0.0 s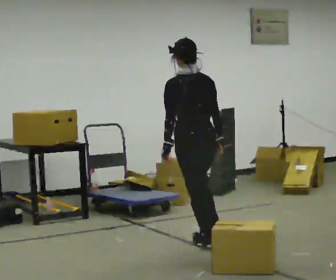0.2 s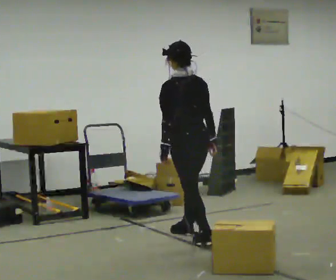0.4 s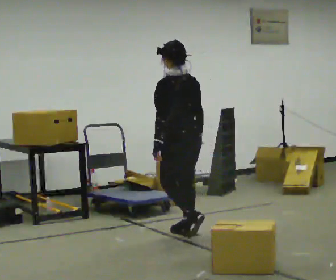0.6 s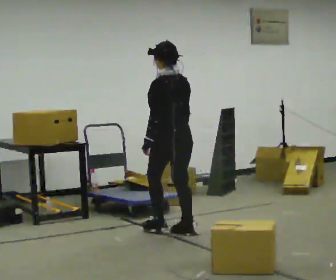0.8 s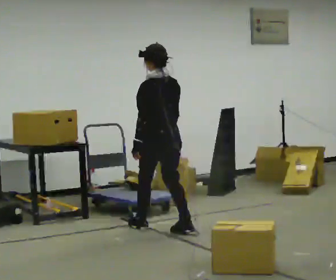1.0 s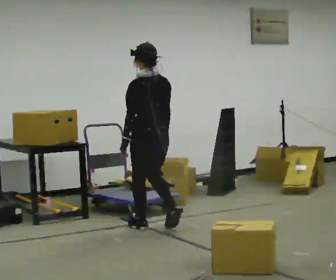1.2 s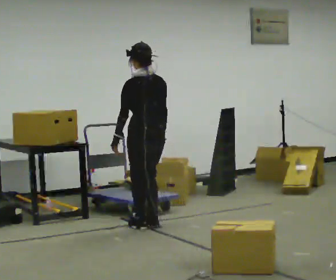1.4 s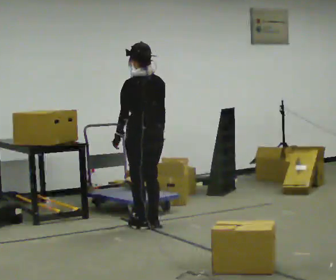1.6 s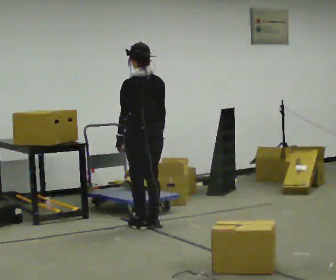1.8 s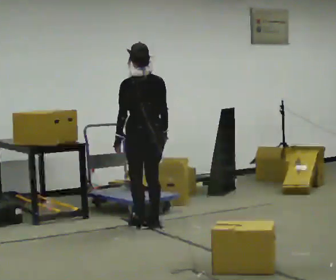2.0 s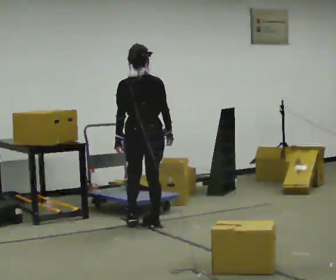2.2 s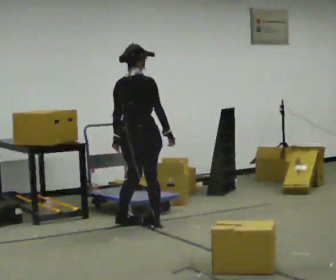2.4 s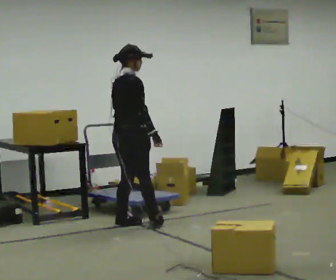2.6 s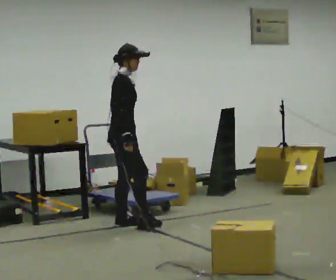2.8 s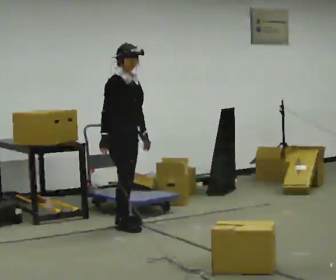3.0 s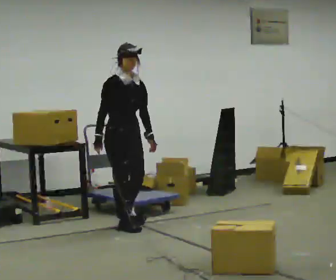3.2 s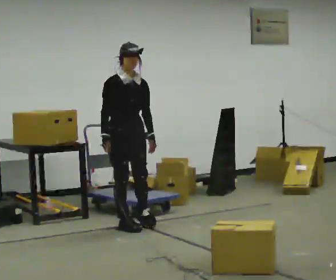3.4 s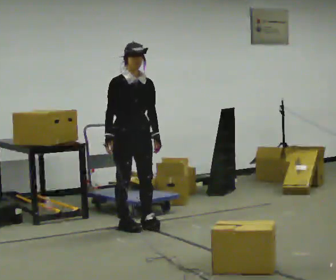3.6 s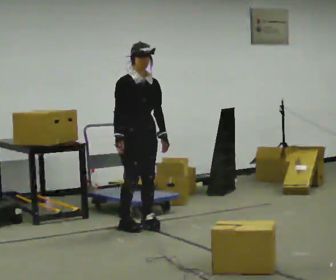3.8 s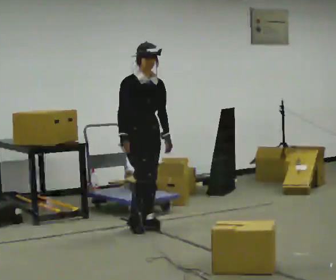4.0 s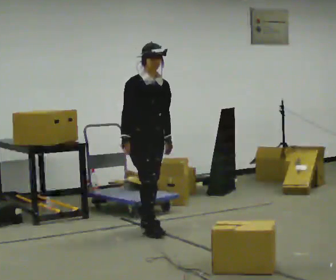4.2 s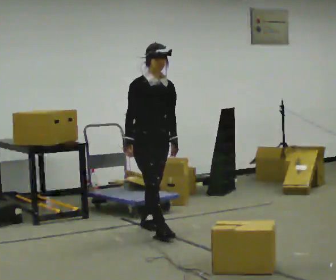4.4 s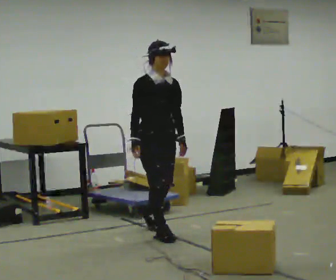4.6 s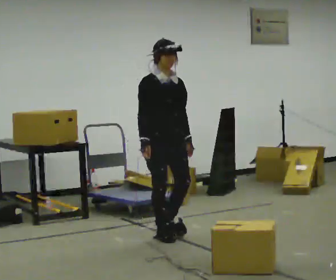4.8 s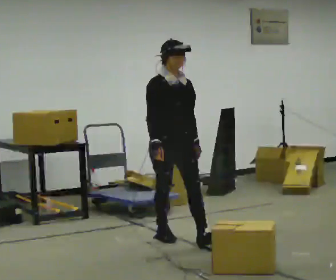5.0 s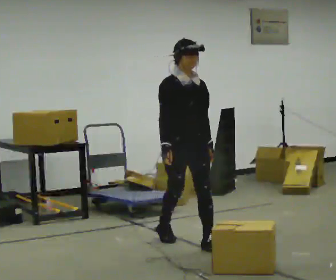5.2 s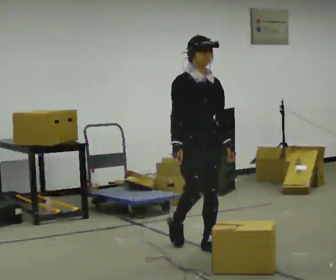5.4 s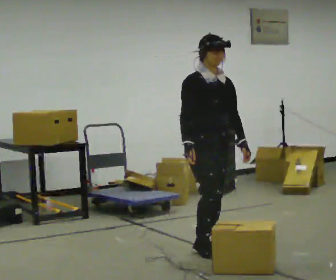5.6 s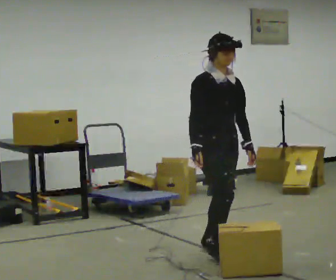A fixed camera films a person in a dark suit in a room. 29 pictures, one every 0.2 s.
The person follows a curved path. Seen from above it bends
counterclockwise.
0.0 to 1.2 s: In the picture they go away from the camera and to the left, about 0.5 m in 3 steps, which for them is forward.
1.2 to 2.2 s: The person turns about 75 degrees to their right, clockwise seen from above, so the part of the body nearest the lens slides to the left.
2.2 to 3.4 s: Seen from above the body turns clockwise, about 120 degrees: to their right, with its near side sliding to the left. In the picture their right hand goes to the left, the arm swinging clockwise.
3.4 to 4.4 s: In the picture they go toward the camera and to the right, about 0.5 m in 1 step, which for them is forward.
4.4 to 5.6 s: In the picture they go toward the camera and to the right, about 1 m in 1 step, which for them is forward.
The film runs forward here.
